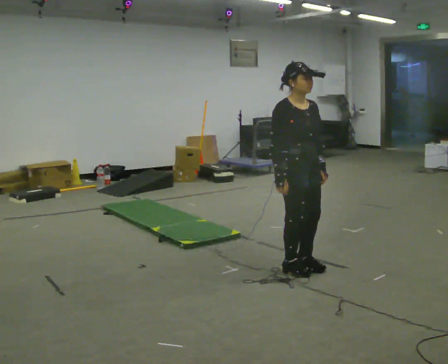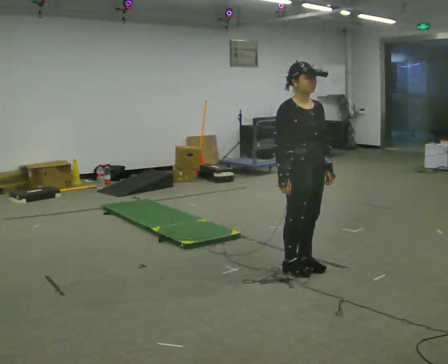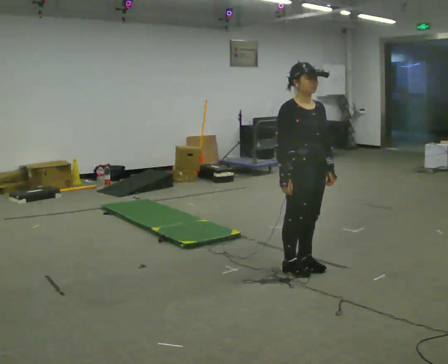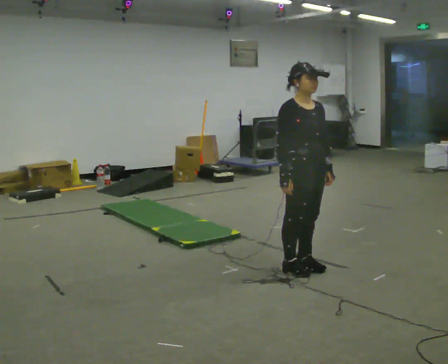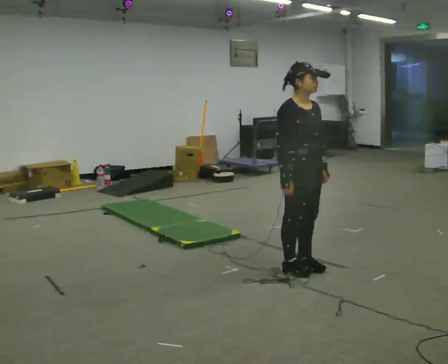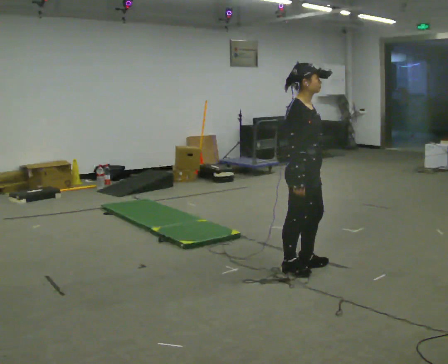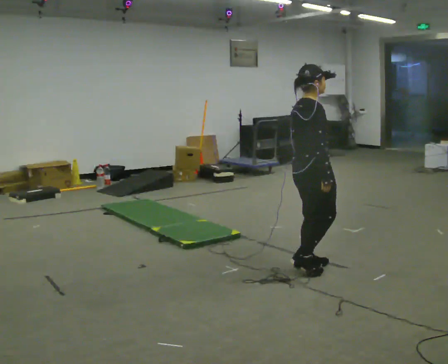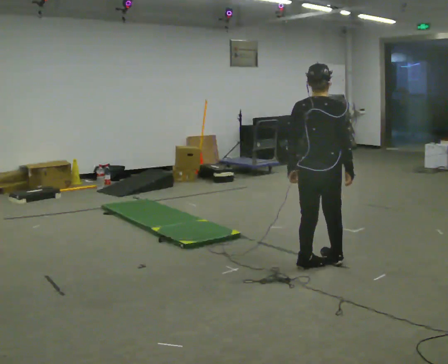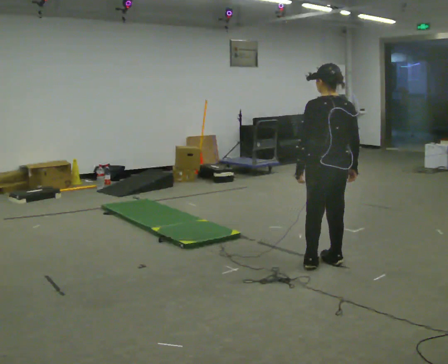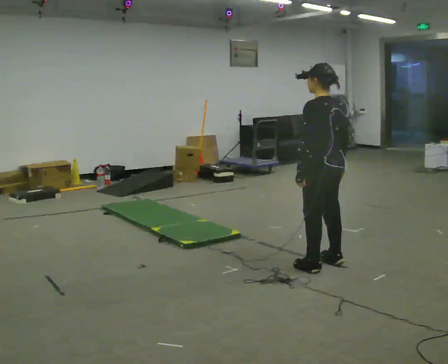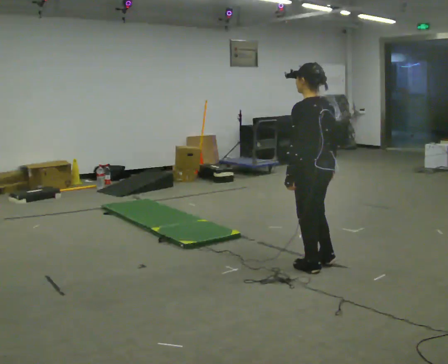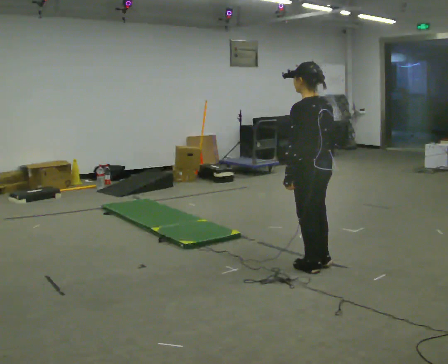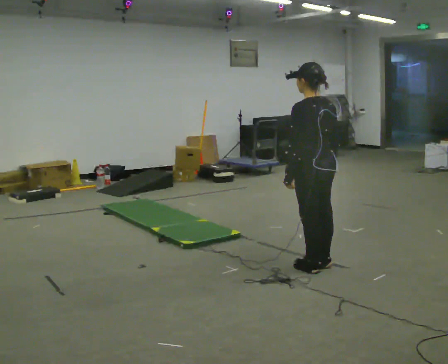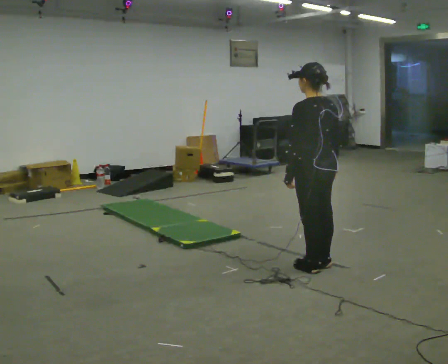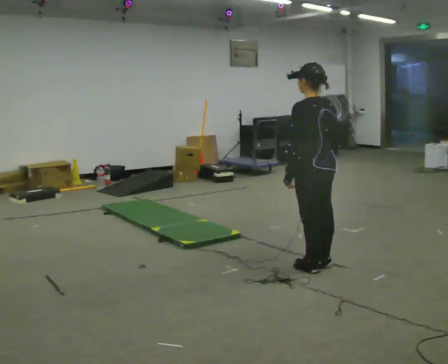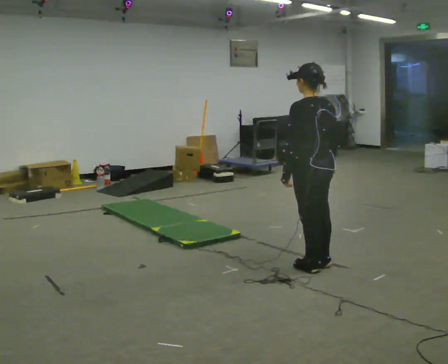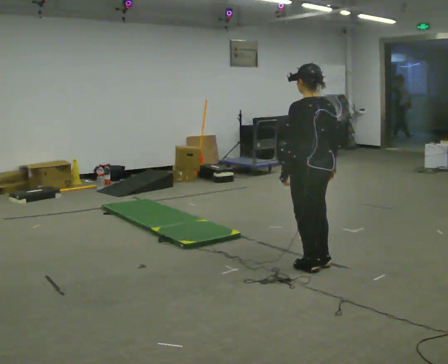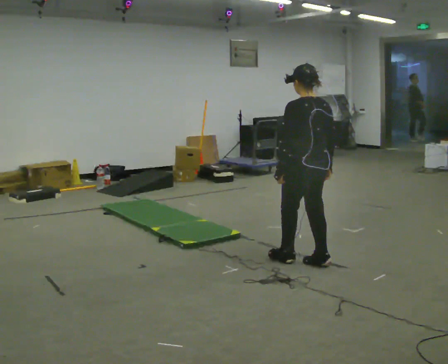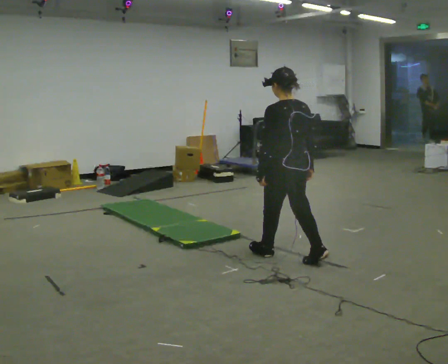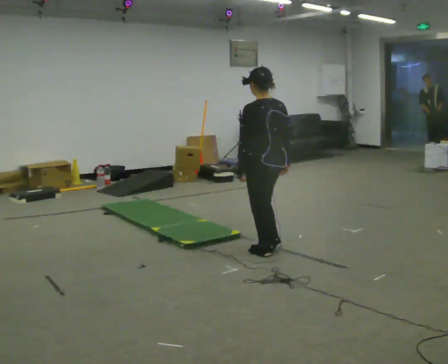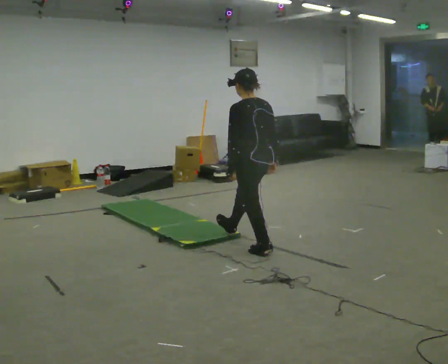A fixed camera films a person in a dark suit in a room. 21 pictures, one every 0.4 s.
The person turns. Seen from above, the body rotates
counterclockwise.
The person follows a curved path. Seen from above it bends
counterclockwise.
0.0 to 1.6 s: The person moves a little, or ends about where they began.
1.6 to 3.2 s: The part of the body nearest the lens slides to the right as the person turns to their left by about 150 degrees. In the picture they go to the right, about 0.25 m in 1 step.
3.2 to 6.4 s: The person moves a little, or ends about where they began.
6.4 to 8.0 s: In the picture they go to the left and away from the camera, about 0.5 m in 2 steps, which for them is forward.
The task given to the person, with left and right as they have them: Walk across the soft uneven mat at a comfortable speed; continue walking normally after you leave it.
The film runs forward here.
